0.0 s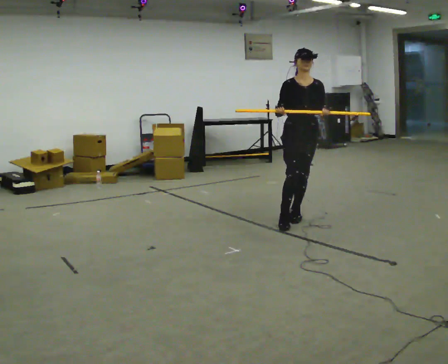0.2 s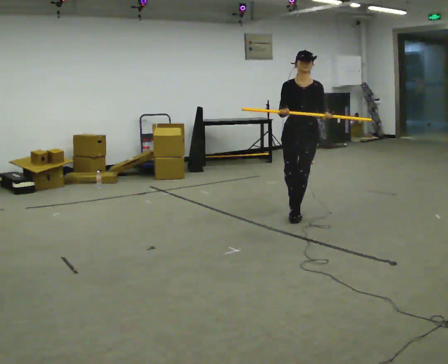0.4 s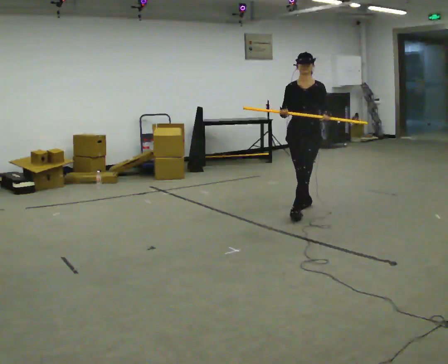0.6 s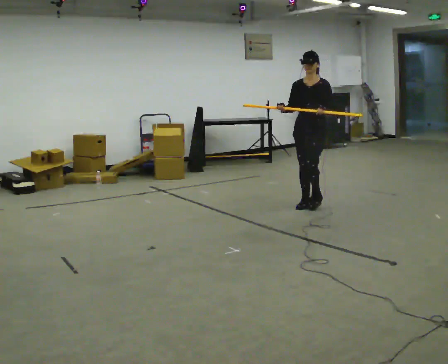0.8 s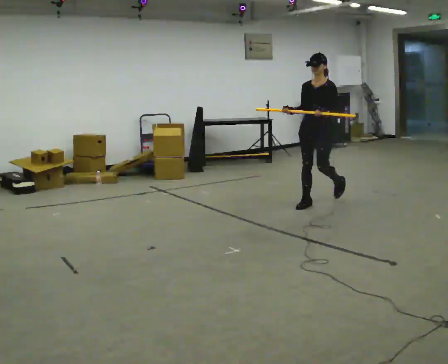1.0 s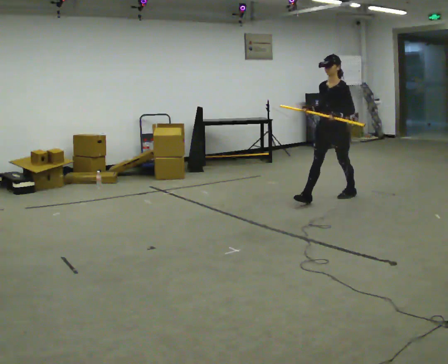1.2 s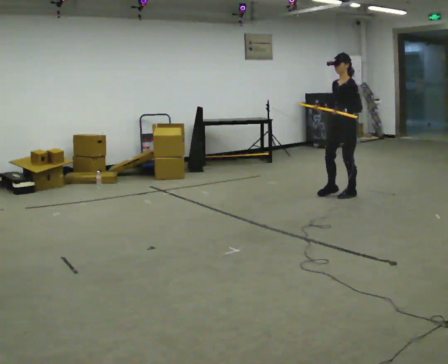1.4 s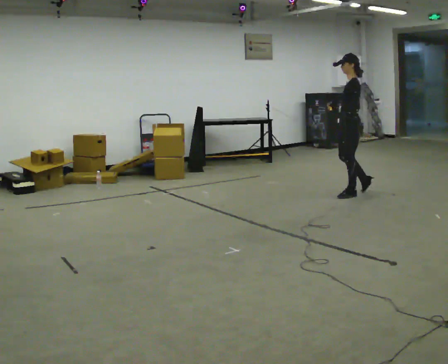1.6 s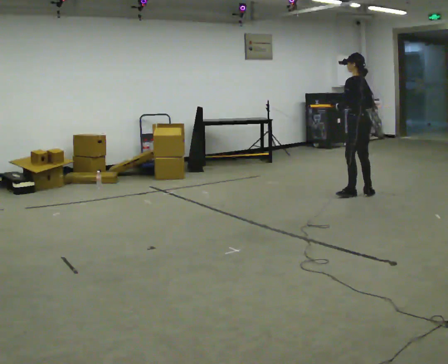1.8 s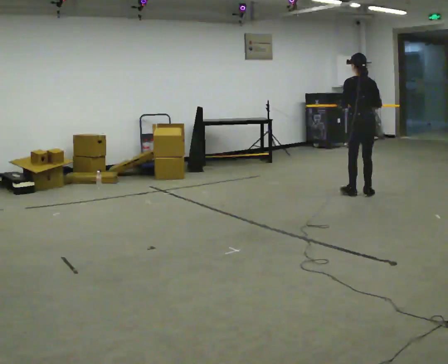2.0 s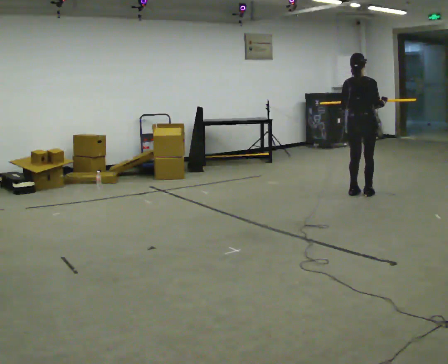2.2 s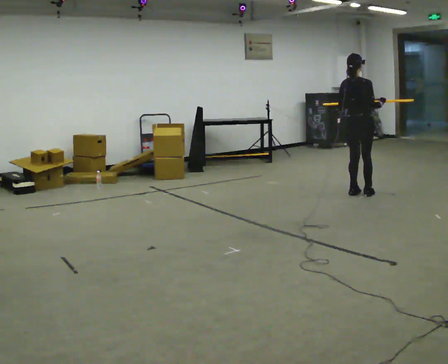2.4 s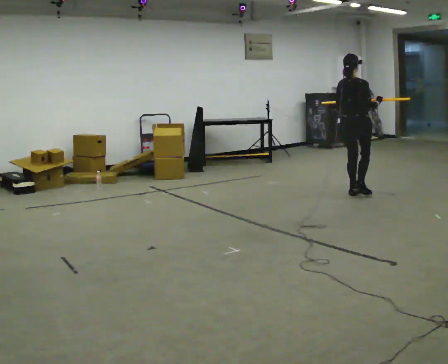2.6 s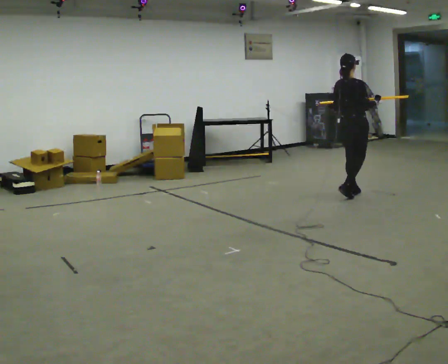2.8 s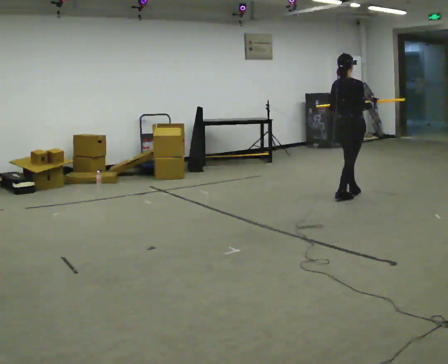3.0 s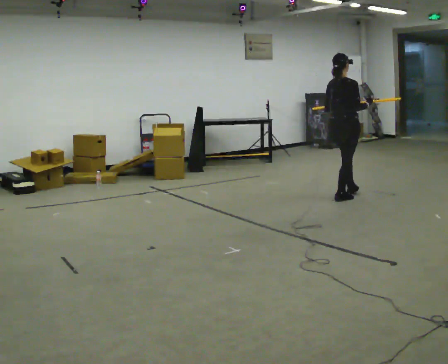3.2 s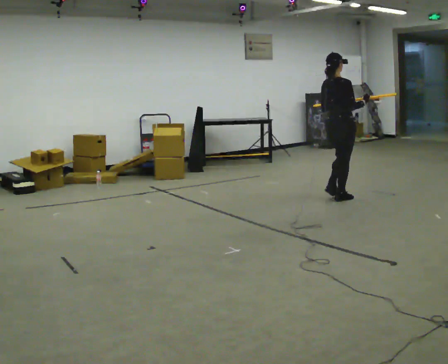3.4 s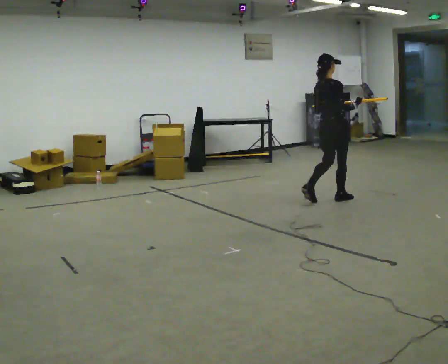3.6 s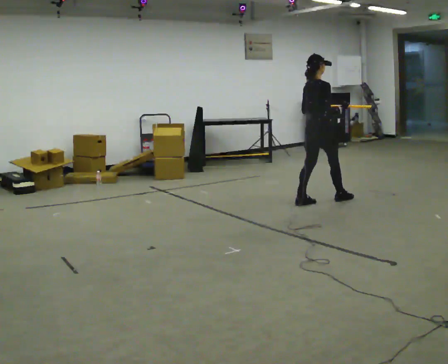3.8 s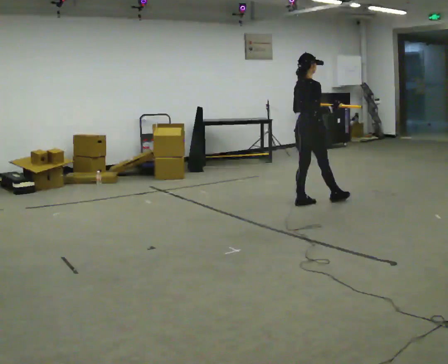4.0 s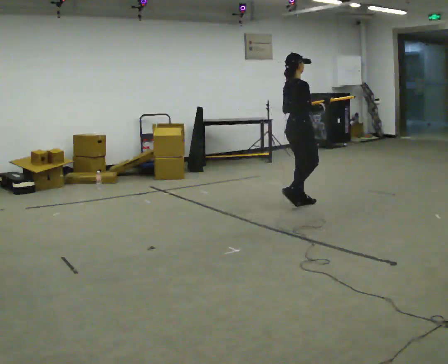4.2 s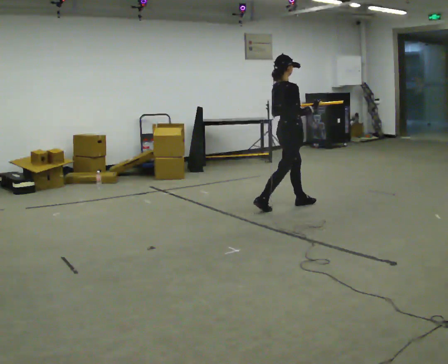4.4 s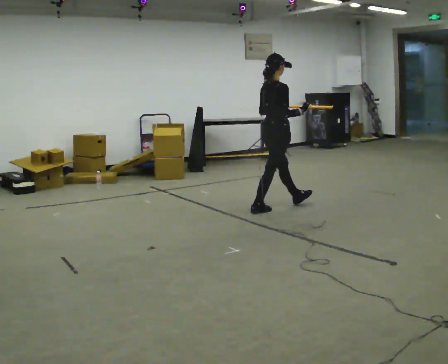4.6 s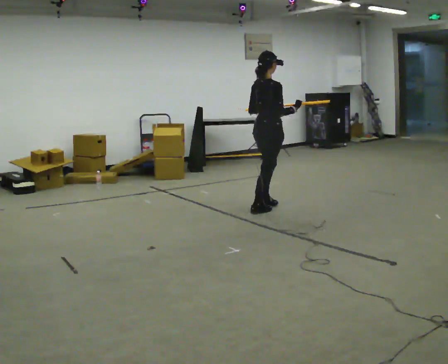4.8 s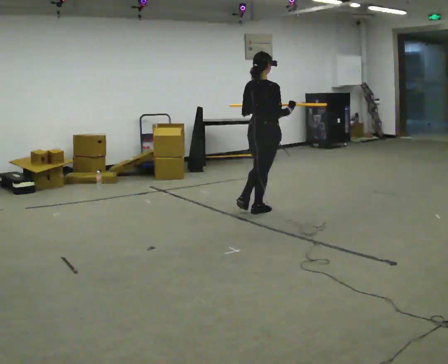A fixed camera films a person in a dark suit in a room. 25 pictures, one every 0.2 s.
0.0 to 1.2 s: The person turns about 75 degrees to their right, clockwise seen from above, so the part of the body nearest the lens slides to the left. In the picture they go away from the camera and to the right, about 1 m in 2 steps.
1.2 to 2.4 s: The part of the body nearest the lens slides to the left as the person turns to their right by about 165 degrees. In the picture their right hand goes to the right.
2.4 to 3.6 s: In the picture they go to the left and toward the camera, about 0.5 m in 1 step, which for them is backward.
3.6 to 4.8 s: In the picture they go to the left and toward the camera, about 0.5 m in 2 steps, which for them is backward.
The film runs backward here.
